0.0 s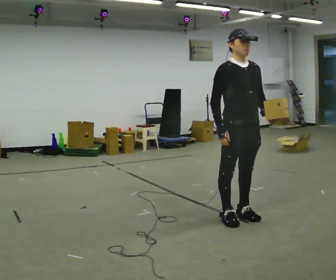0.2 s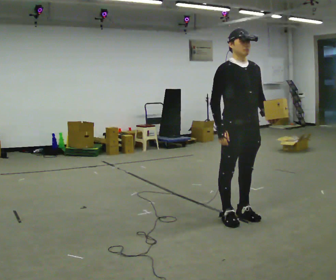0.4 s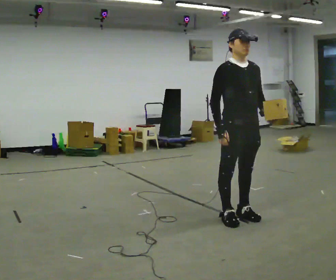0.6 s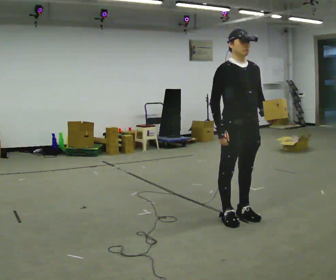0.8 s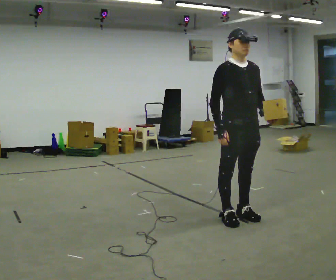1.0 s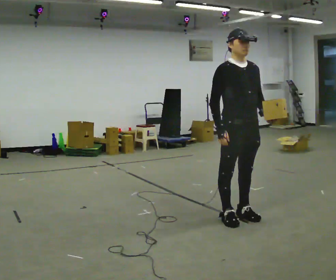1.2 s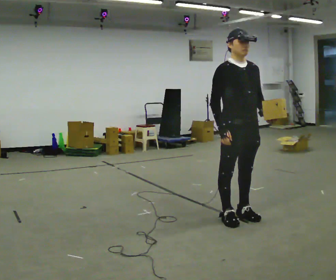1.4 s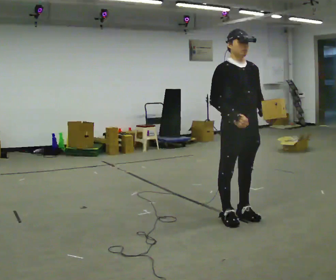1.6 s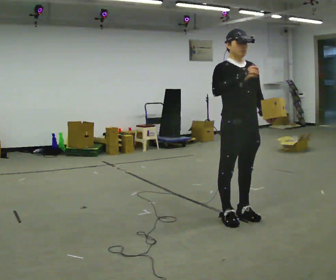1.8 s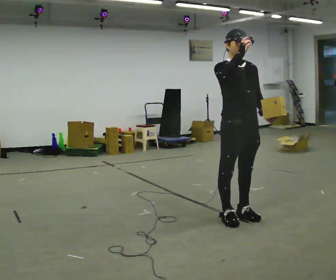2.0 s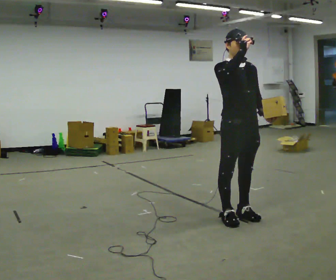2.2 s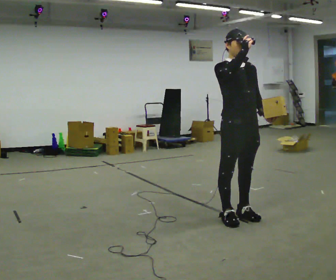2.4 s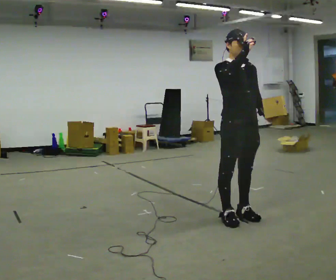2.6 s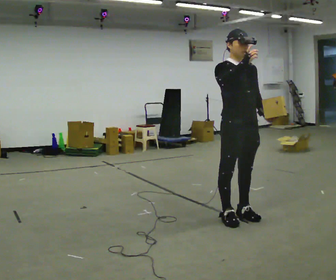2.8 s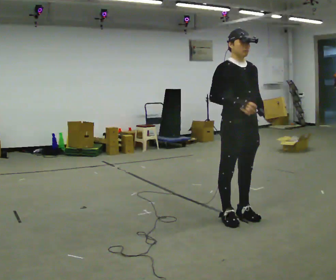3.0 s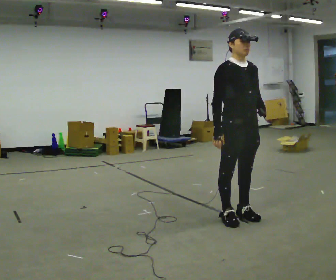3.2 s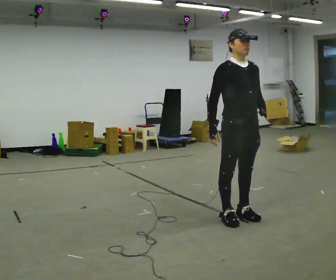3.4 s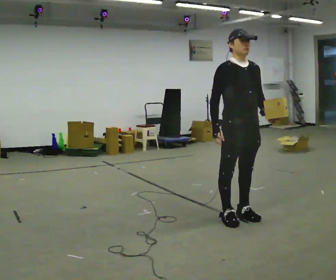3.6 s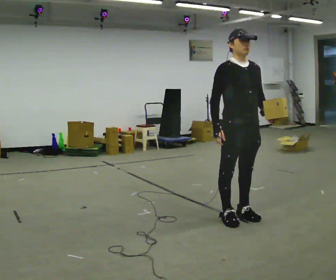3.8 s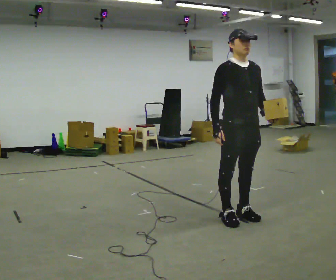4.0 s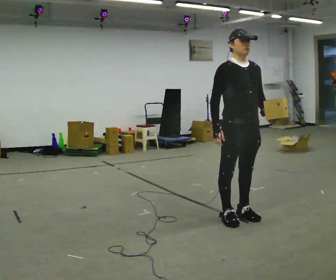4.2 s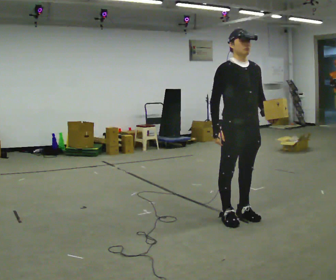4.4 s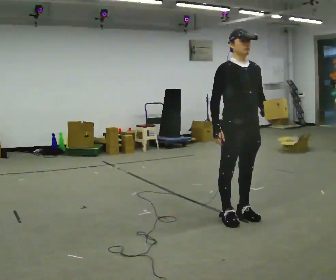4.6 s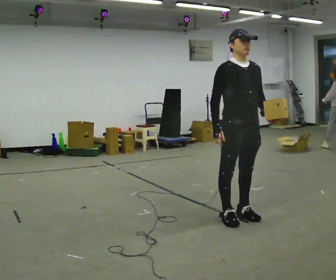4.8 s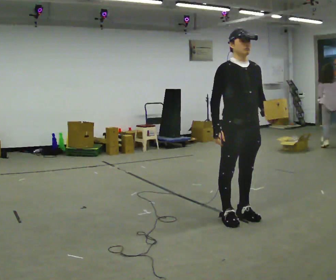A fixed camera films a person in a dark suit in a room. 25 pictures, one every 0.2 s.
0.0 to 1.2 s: The person moves a little, or ends about where they began.
1.2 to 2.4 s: In the picture their right hand goes upward.
2.4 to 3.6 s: In the picture their right hand goes downward.
3.6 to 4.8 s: The person keeps their place and pose.
The film runs forward here.
